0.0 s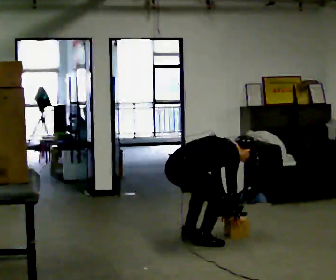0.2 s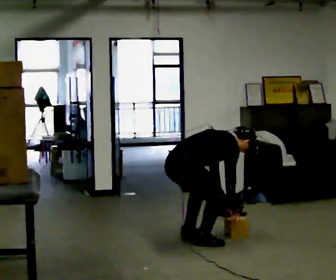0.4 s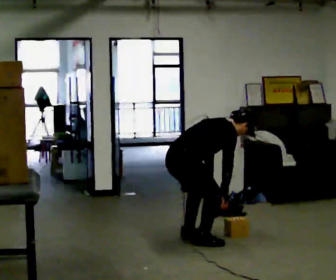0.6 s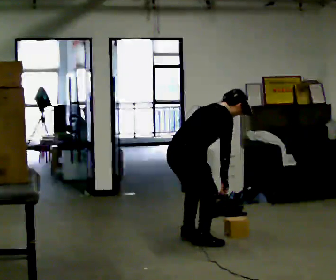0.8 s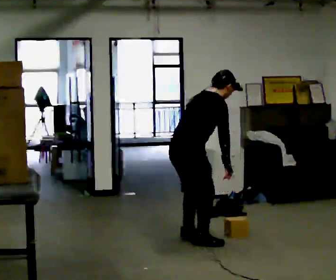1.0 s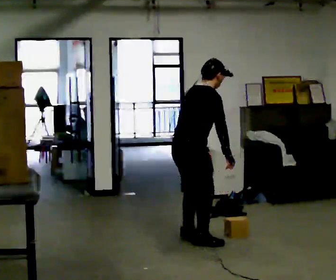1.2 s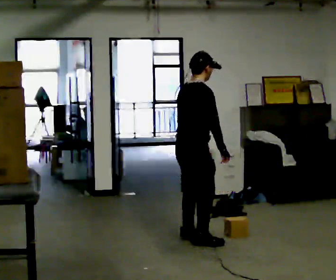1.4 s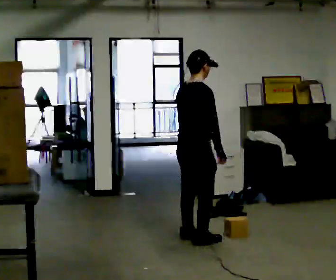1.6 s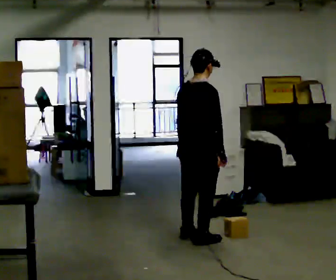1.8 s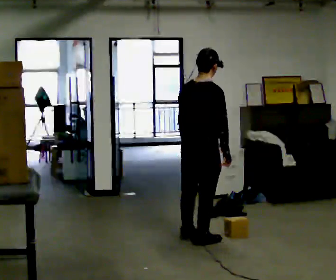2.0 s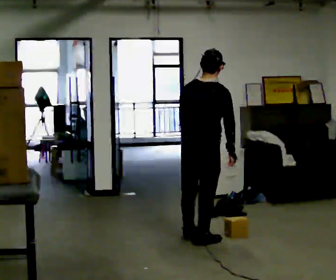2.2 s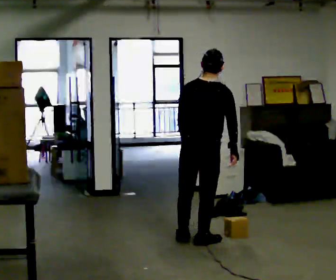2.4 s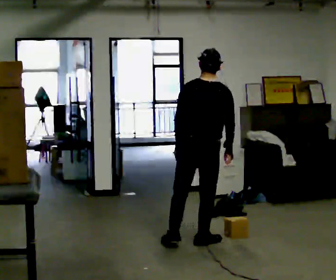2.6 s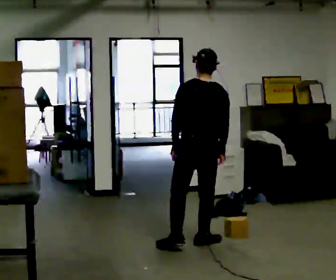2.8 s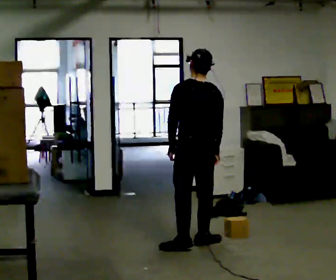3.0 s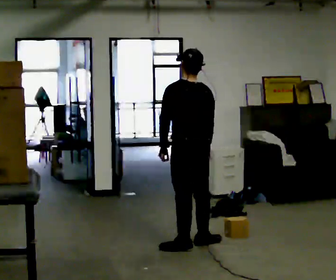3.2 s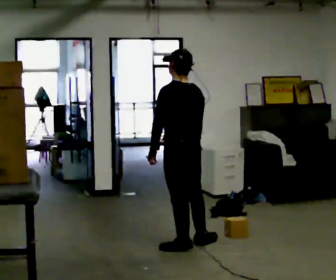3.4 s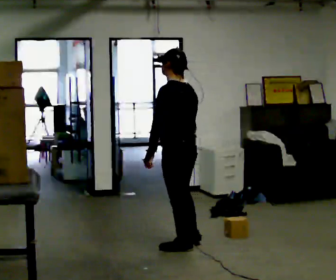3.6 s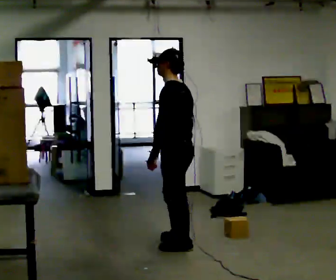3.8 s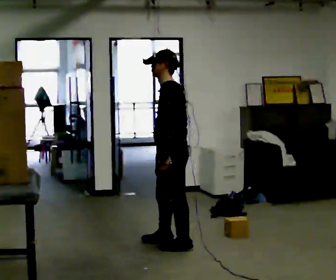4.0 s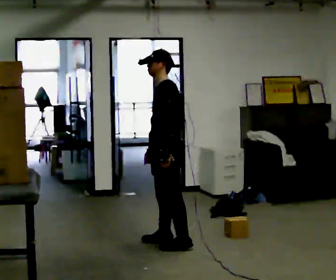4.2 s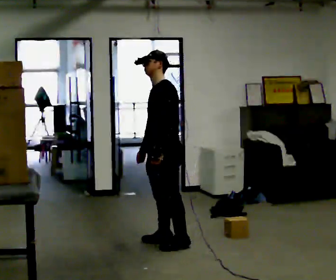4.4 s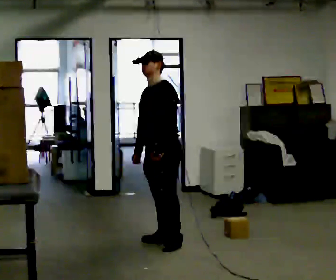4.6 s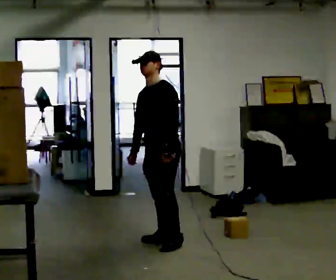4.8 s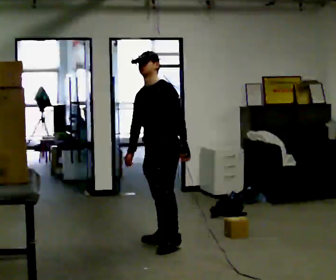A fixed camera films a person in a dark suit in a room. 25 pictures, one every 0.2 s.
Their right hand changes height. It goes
upward.
The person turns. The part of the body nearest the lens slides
to the right.
0.0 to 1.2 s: The upper body goes upward. In the picture the upper body tilts counterclockwise, shoulders to the left, as they lean back or straighten. In the picture their right hand goes upward.
1.2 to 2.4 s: Seen from above the body turns counterclockwise, about 60 degrees: to their left, with its near side sliding to the right. In the picture they go toward the camera, about 0.25 m, which for them is to their right and backward.
2.4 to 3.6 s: Seen from above the body turns counterclockwise, about 75 degrees: to their left, with its near side sliding to the right. In the picture they go to the left, about 0.25 m in 1 step.
3.6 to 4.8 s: The person turns about 60 degrees to their left, counterclockwise seen from above, so the part of the body nearest the lens slides to the right. In the picture they go away from the camera, about 0.25 m in 2 steps.
The film runs forward here.
